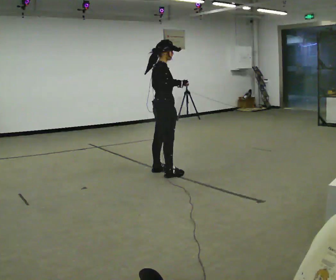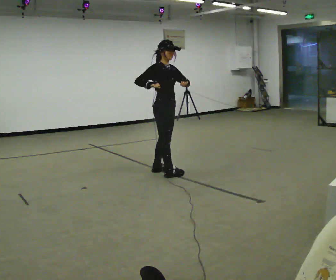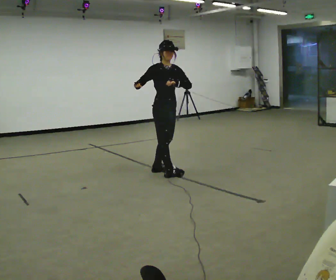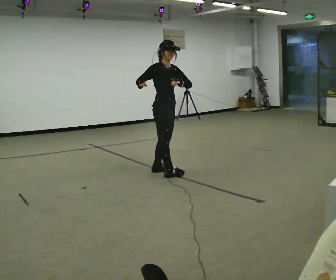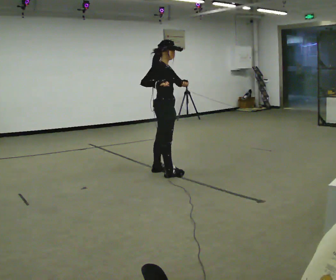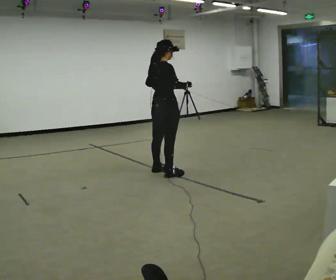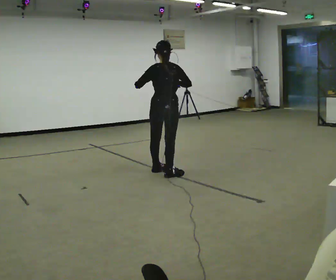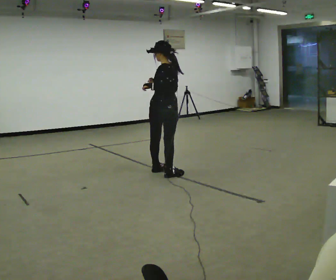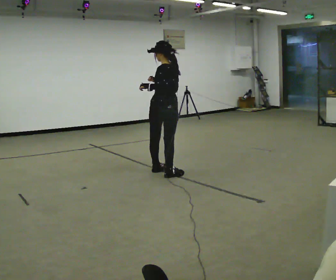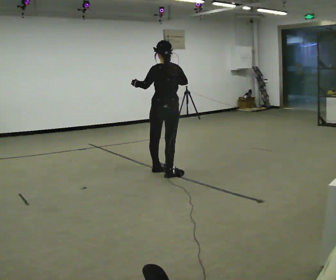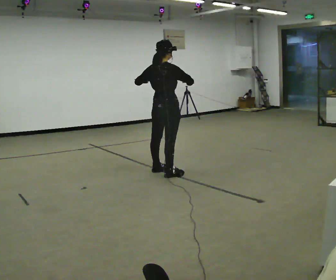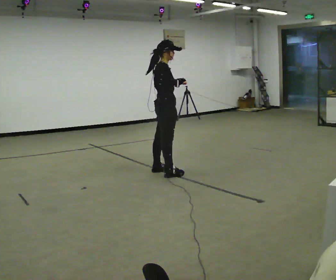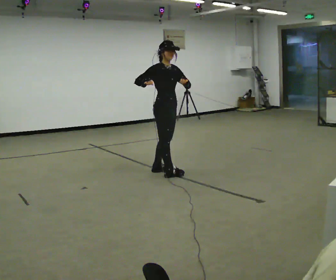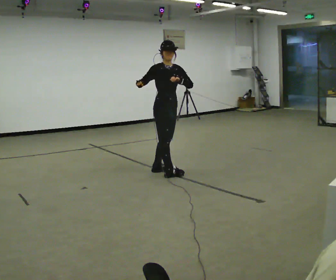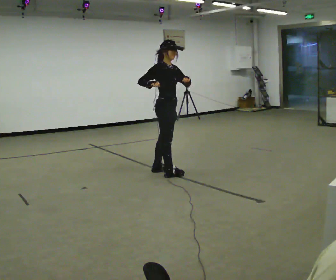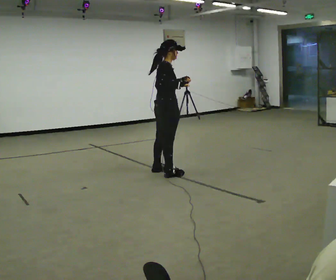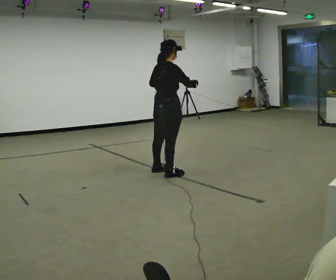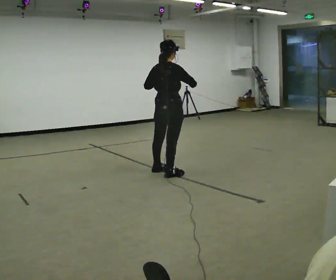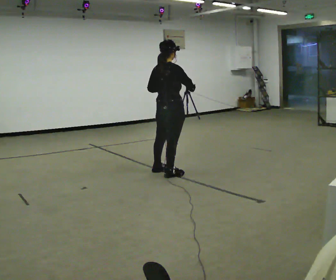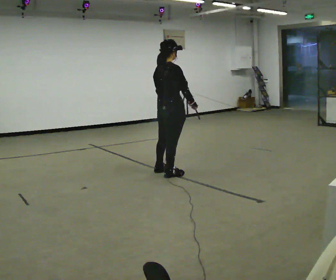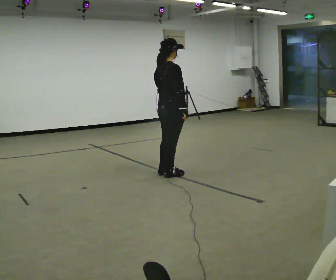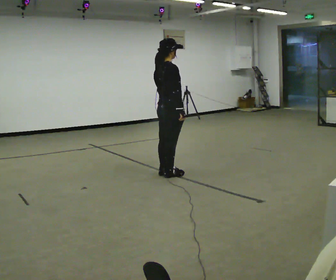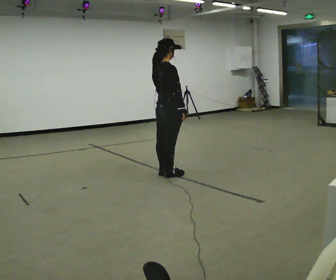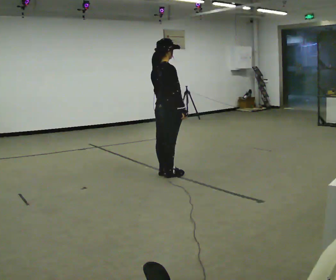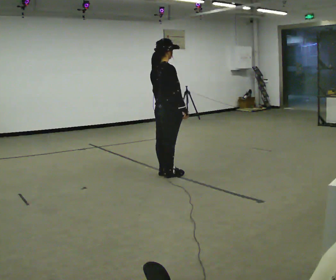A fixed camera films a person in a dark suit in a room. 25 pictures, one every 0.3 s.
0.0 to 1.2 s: The person moves a little, or ends about where they began.
1.2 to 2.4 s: The part of the body nearest the lens slides to the right as the person turns to their left by about 120 degrees.
2.4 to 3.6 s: The part of the body nearest the lens slides to the left as the person turns to their right by about 150 degrees.
3.6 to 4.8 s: The part of the body nearest the lens slides to the right as the person turns to their left by about 90 degrees. In the picture their right hand goes to the right.
4.8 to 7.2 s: In the picture their left hand goes downward.
The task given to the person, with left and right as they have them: Keeping your feet still, turn your upper body to look behind you on one side, return to the front, then turn to the other side. Repeat the movement at your own pace until the operator says stop; do not rush.
The film runs forward here.
